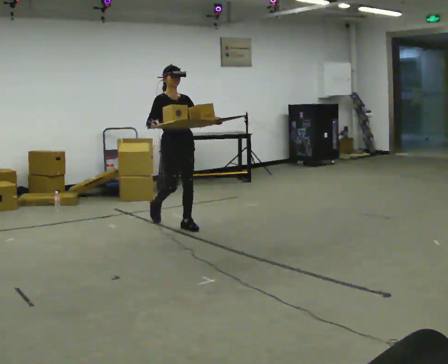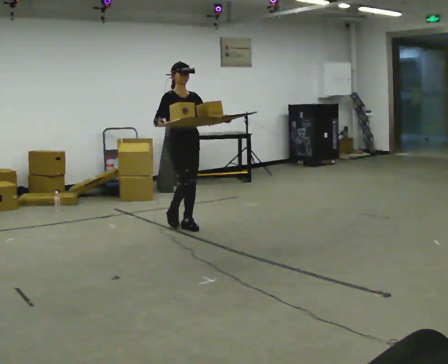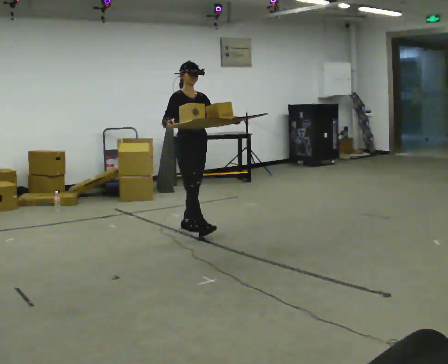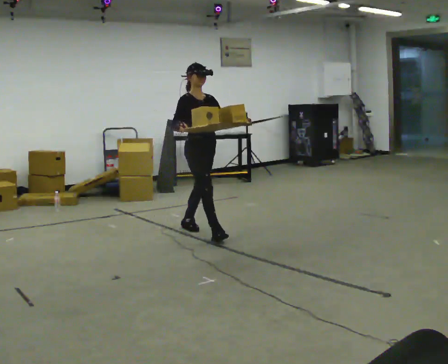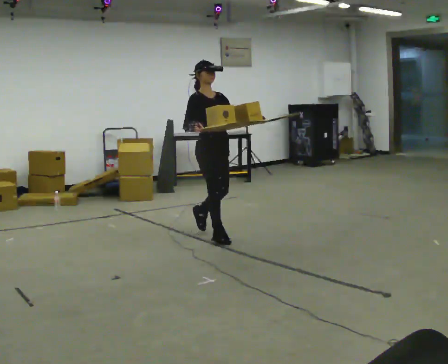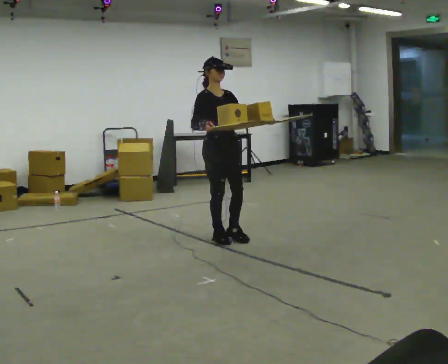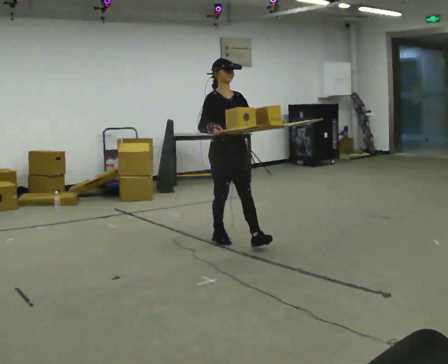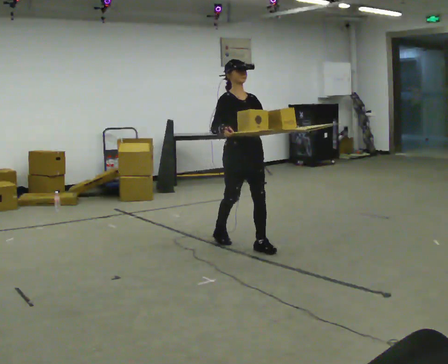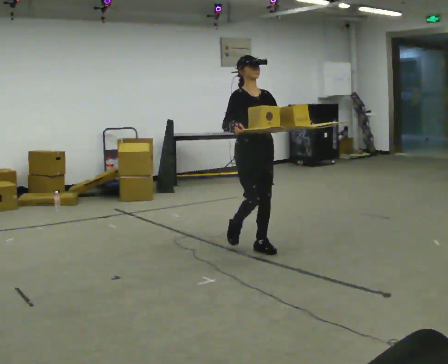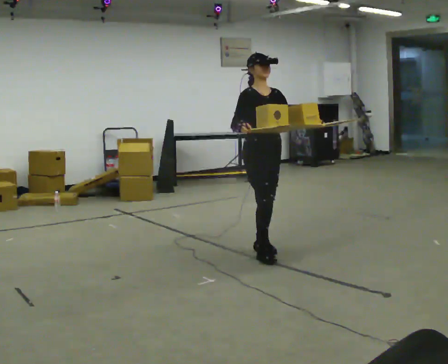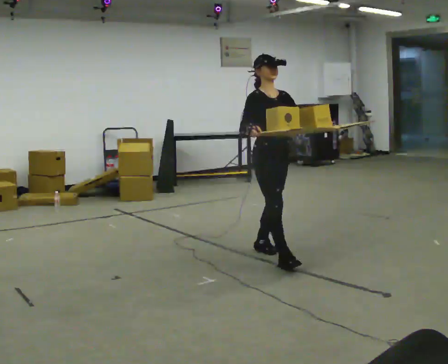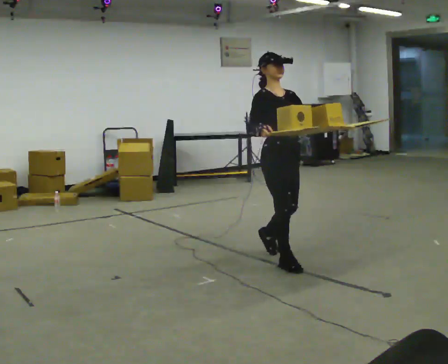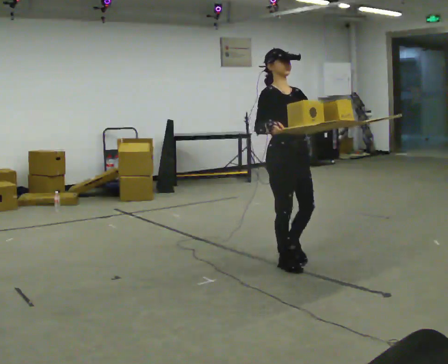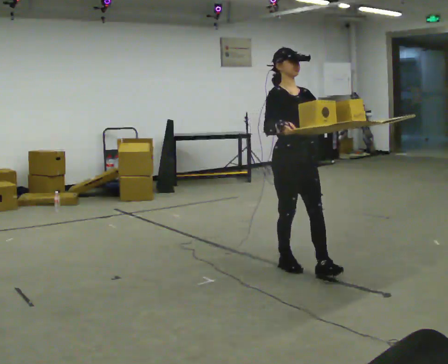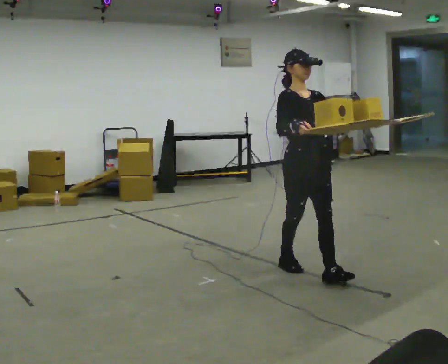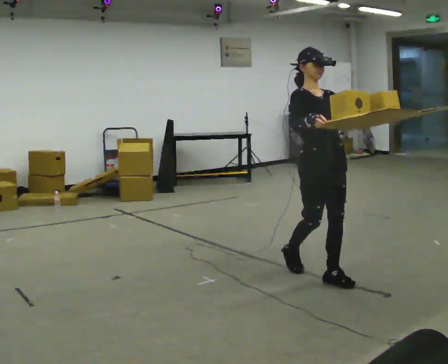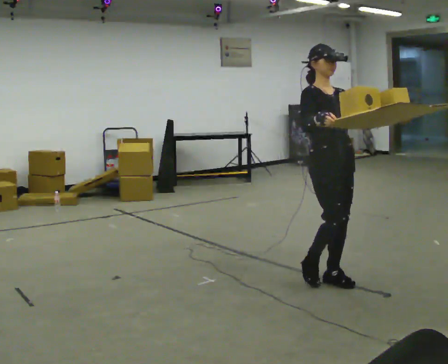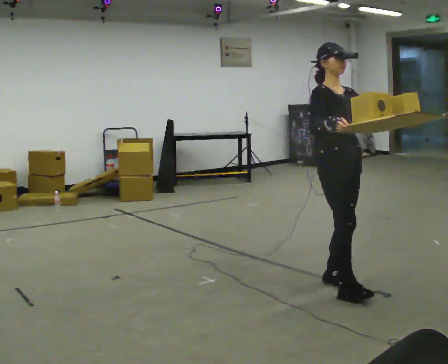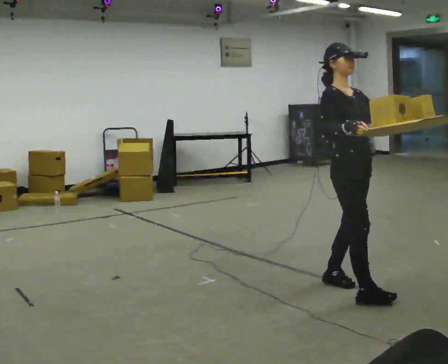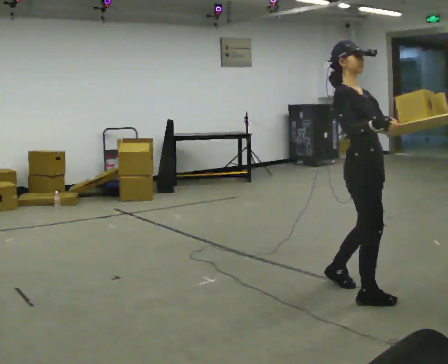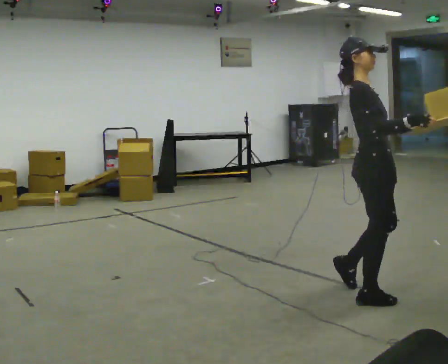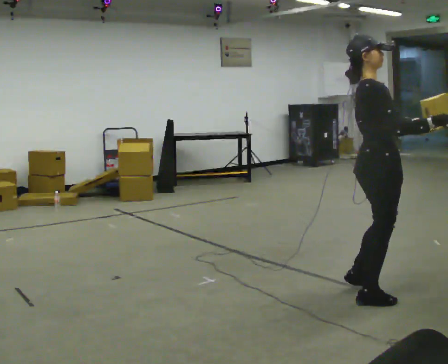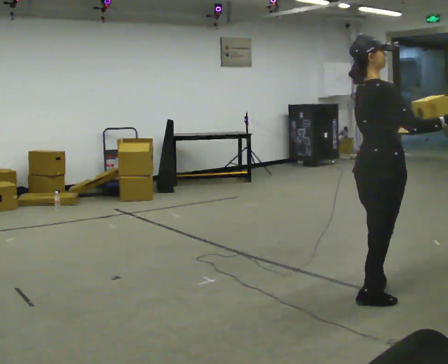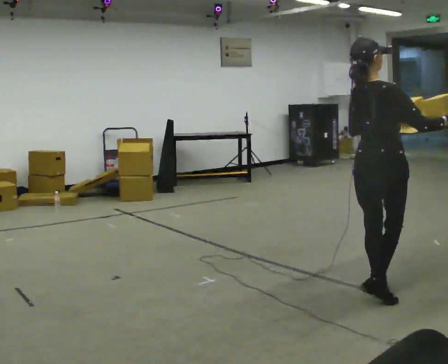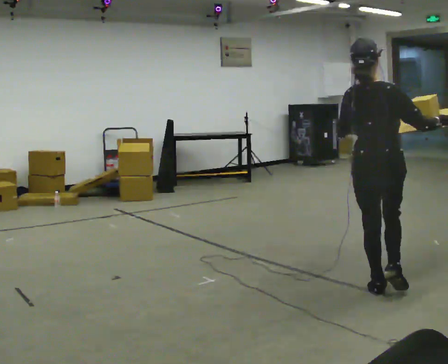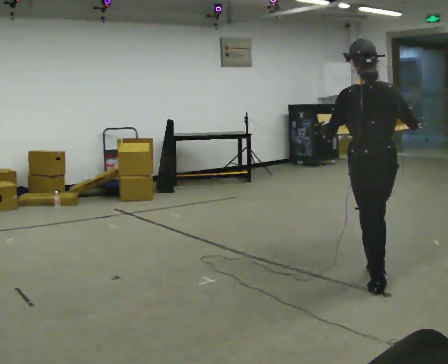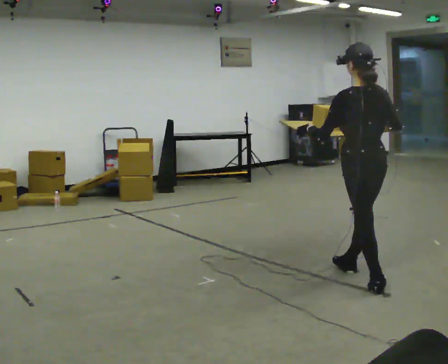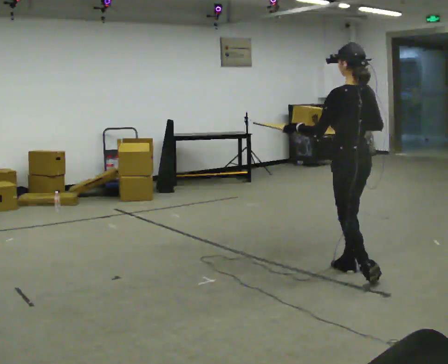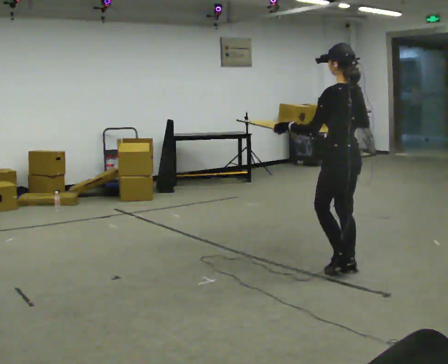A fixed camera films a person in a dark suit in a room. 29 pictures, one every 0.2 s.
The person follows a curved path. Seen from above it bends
counterclockwise.
0.0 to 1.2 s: In the picture they go toward the camera and to the right, about 1 m in 1 step, which for them is forward.
1.2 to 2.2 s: In the picture they go toward the camera and to the right, about 1 m in 2 steps, which for them is forward.
2.2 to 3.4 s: In the picture they go toward the camera and to the right, about 0.75 m in 1 step, which for them is forward.
3.4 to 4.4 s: The part of the body nearest the lens slides to the right as the person turns to their left by about 75 degrees. In the picture they go toward the camera and to the right, about 0.25 m in 1 step.
4.4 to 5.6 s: Seen from above the body turns counterclockwise, about 120 degrees: to their left, with its near side sliding to the right. In the picture they go away from the camera, about 0.5 m in 2 steps.
The film runs forward here.
